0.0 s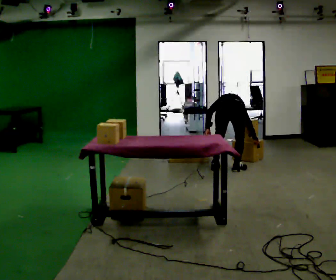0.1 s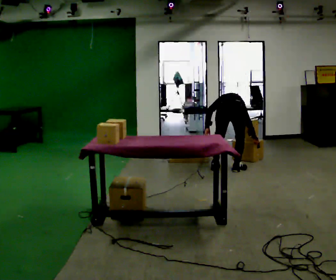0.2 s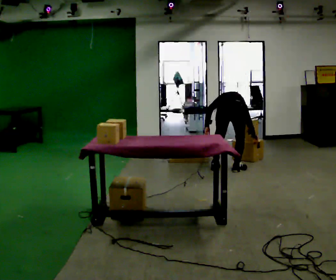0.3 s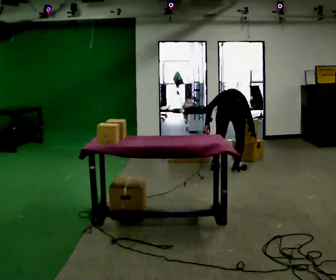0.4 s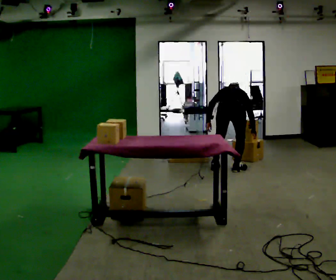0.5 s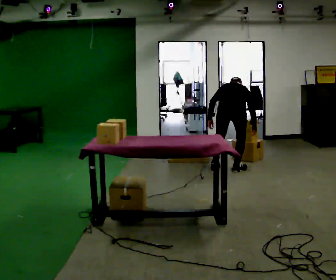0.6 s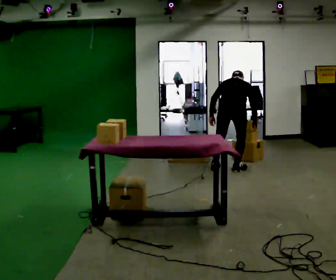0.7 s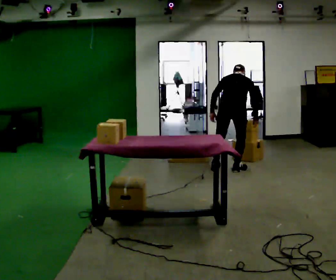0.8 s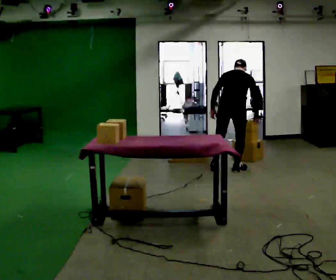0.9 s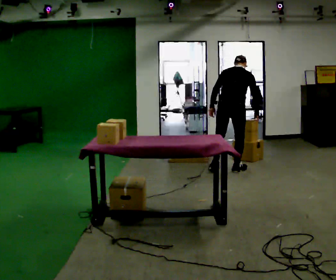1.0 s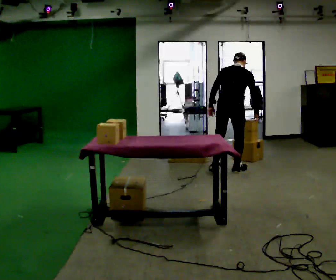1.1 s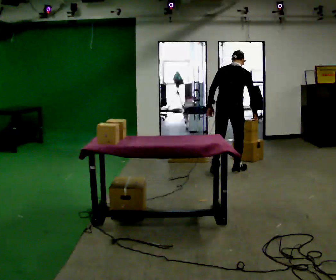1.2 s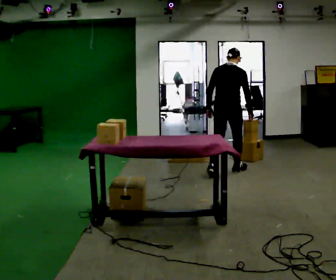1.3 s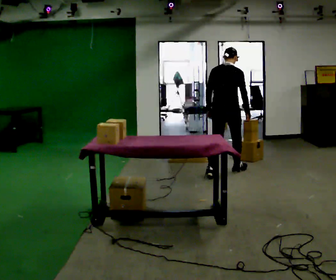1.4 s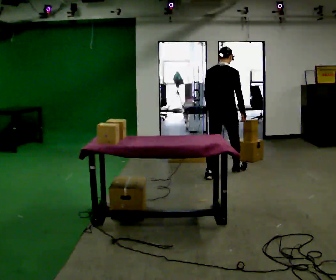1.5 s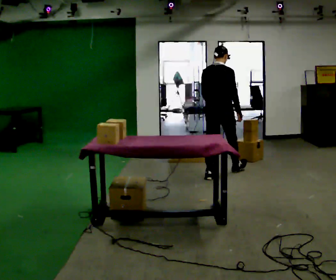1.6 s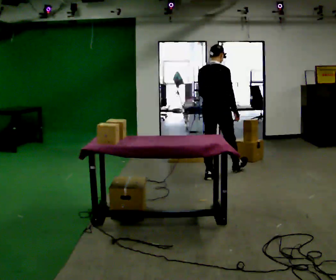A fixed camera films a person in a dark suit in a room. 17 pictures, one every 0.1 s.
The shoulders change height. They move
upward.
Their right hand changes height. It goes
upward.
0.0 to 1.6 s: In the picture they go toward the camera and to the left, about 0.25 m in 2 steps, which for them is backward and to their left. The shoulders move upward. The upper body tips toward the camera, its near side rolling downward, as they lean back or straighten. In the picture their left hand goes upward.
The film runs backward here.
